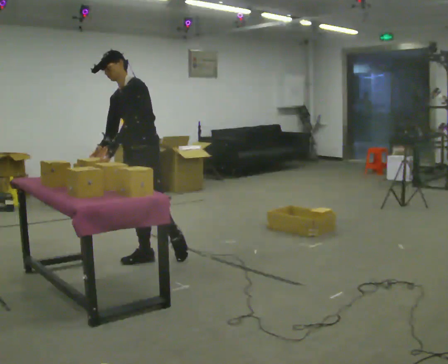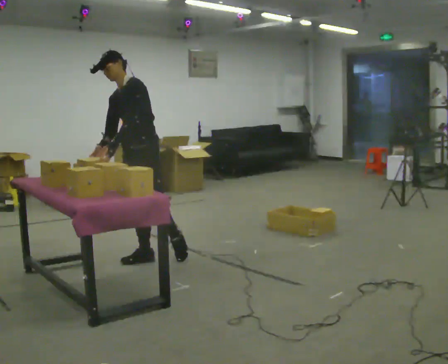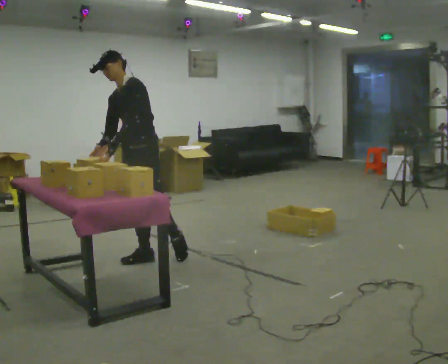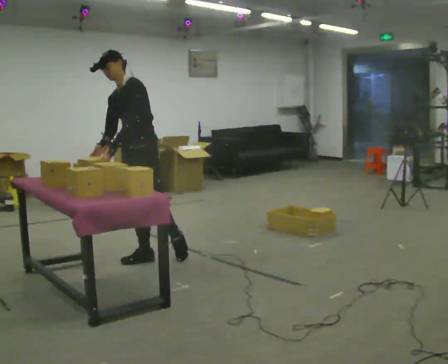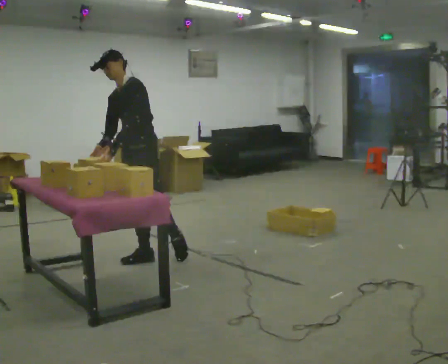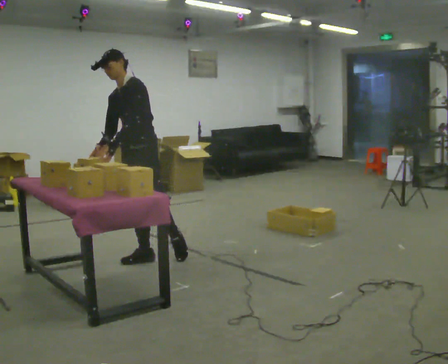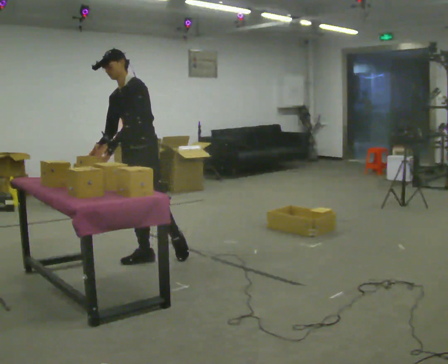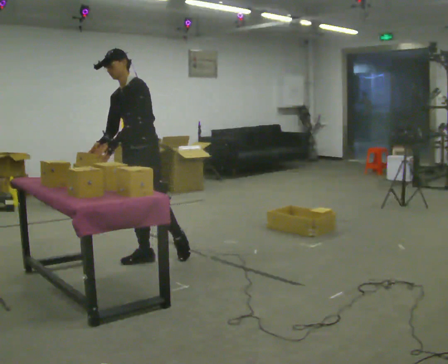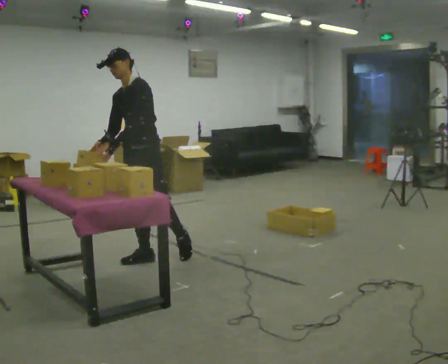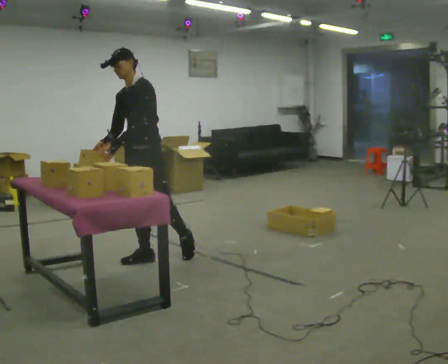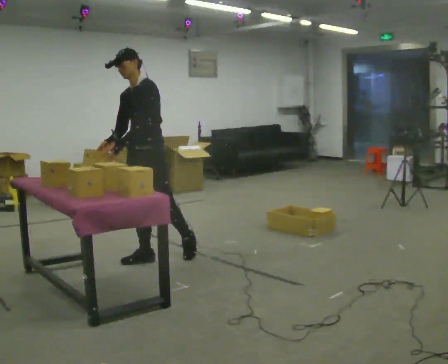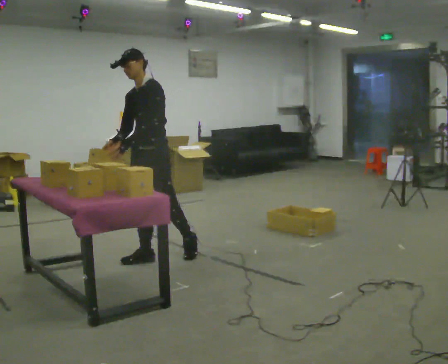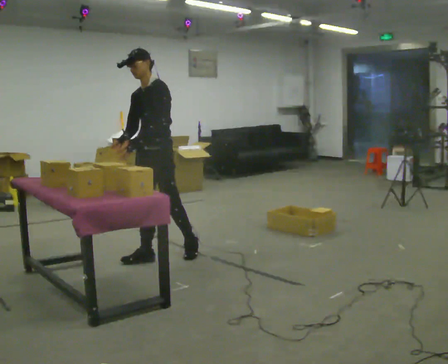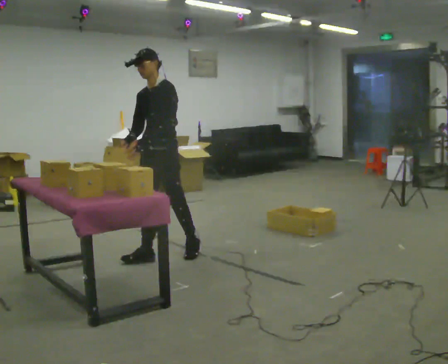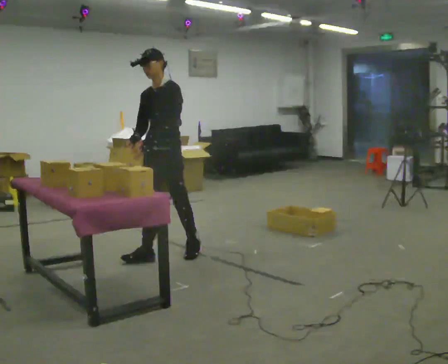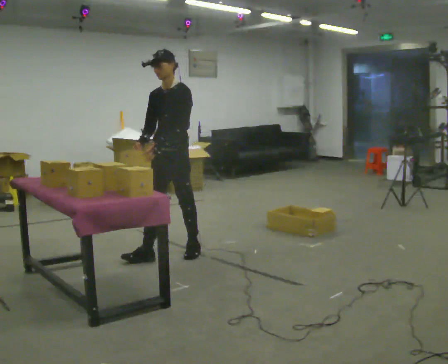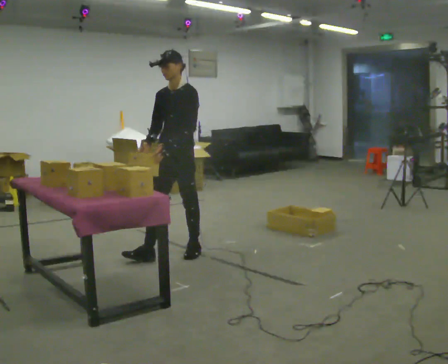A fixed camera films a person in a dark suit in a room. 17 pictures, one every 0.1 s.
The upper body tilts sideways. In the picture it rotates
clockwise.
0.0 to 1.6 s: In the picture they go to the right, about 0.25 m in 1 step, which for them is backward and to their left. In the picture the upper body tilts clockwise, shoulders to the right.
The film runs backward here.
